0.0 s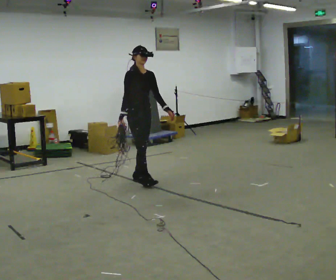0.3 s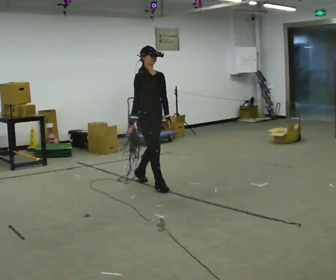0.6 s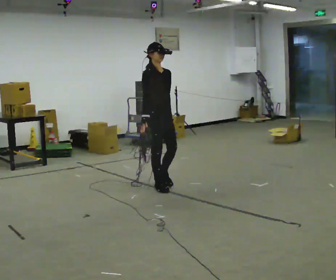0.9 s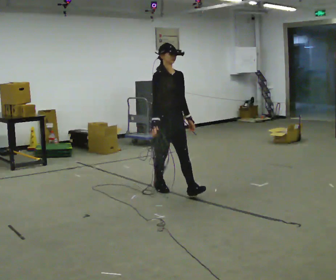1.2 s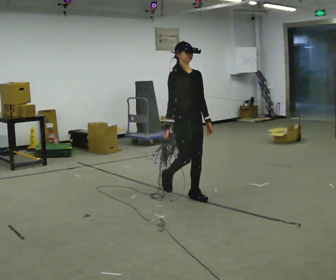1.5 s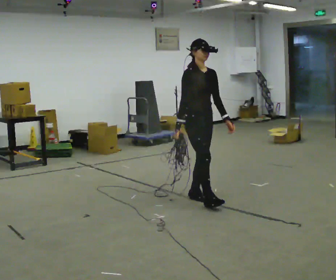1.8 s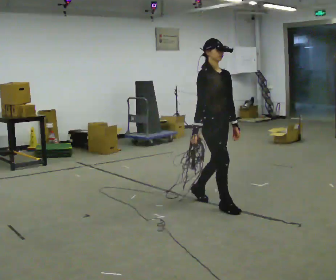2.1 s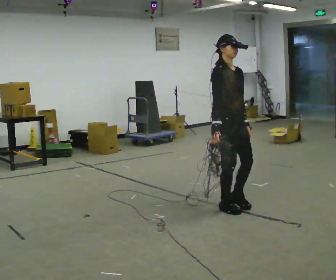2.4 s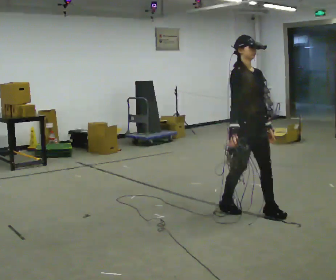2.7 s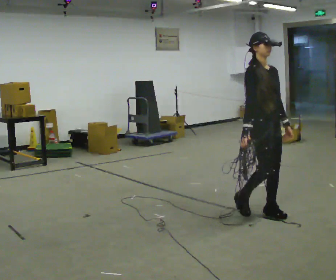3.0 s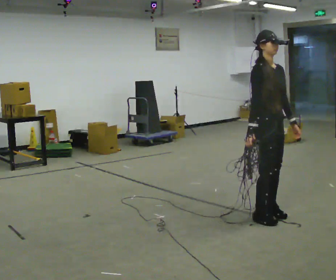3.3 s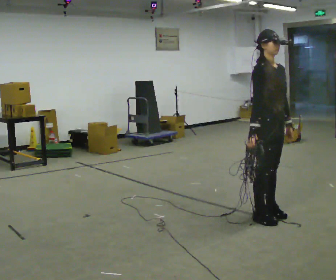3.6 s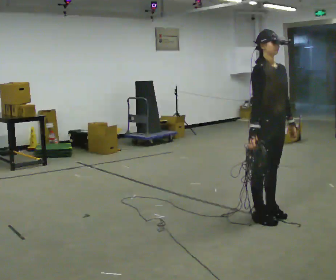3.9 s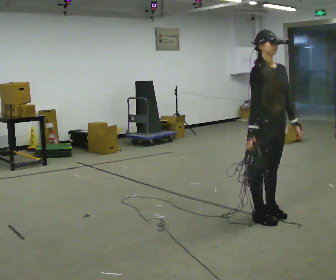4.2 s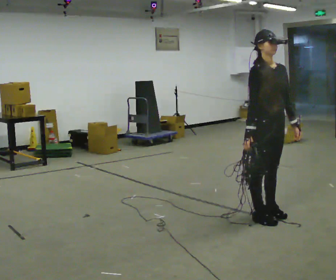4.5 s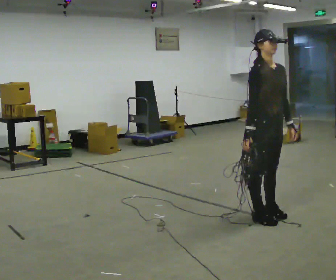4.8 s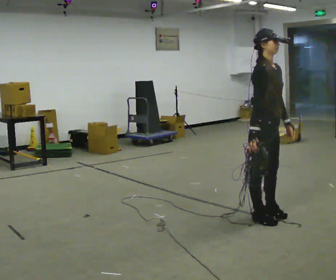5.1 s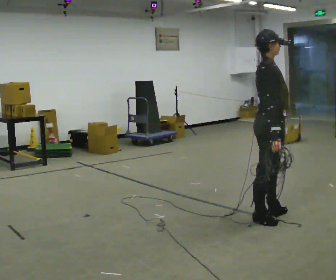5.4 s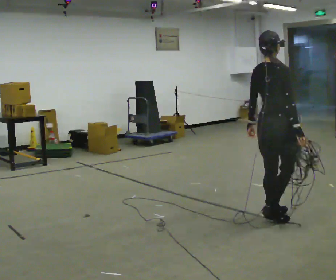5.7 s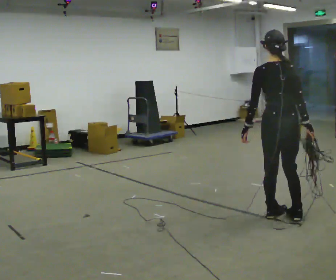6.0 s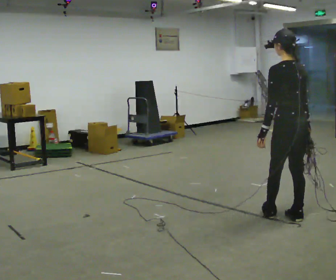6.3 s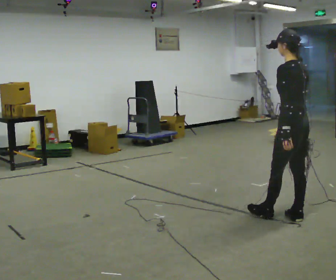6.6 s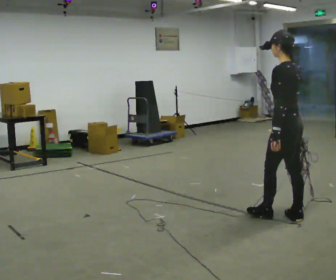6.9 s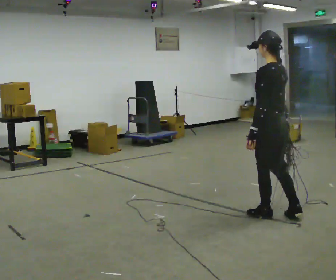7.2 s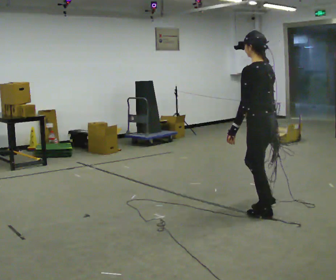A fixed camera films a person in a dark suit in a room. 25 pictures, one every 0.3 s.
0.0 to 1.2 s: In the picture they go to the right and toward the camera, about 1 m in 2 steps, which for them is forward.
1.2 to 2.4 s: In the picture they go to the right and toward the camera, about 1 m in 2 steps, which for them is forward.
2.4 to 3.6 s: In the picture they go to the right, about 0.25 m in 1 step, which for them is forward.
3.6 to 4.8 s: The person moves a little, or ends about where they began.
4.8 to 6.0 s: The person turns about 150 degrees to their left, counterclockwise seen from above, so the part of the body nearest the lens slides to the right. In the picture they go to the right, about 0.25 m in 1 step.
6.0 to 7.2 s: In the picture they go to the left, about 0.25 m, which for them is forward.
The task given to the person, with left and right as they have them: Pick up the coiled hose, carry it across the room, and set it down. It will move around as you walk. Keep going until the operator says stop; one object at a time, and do not rush between trips.
The film runs forward here.
